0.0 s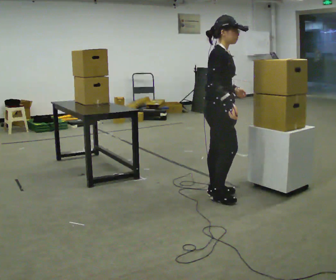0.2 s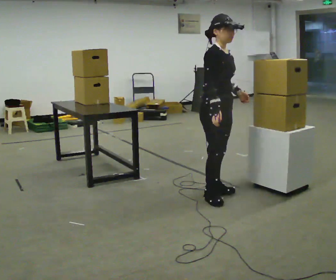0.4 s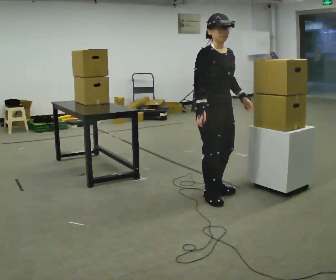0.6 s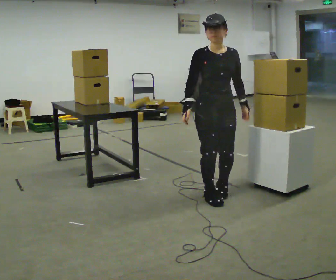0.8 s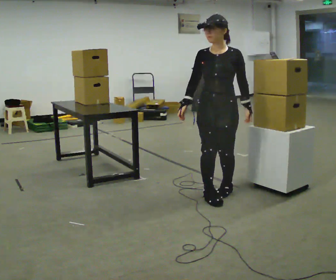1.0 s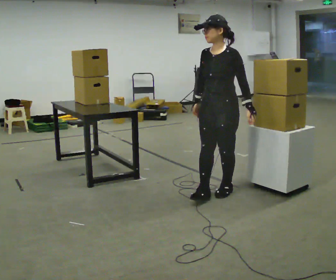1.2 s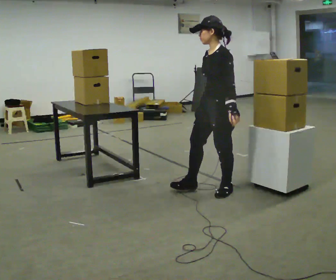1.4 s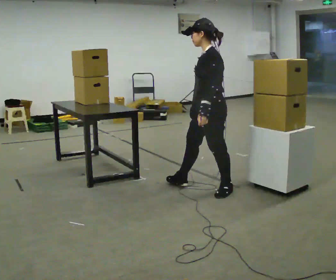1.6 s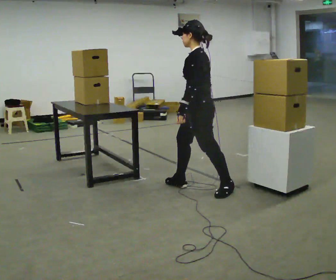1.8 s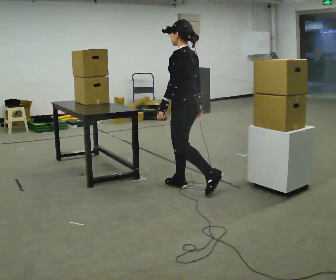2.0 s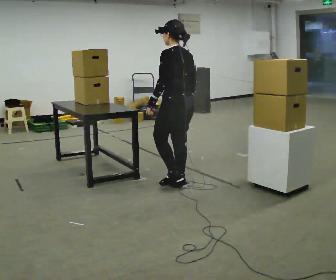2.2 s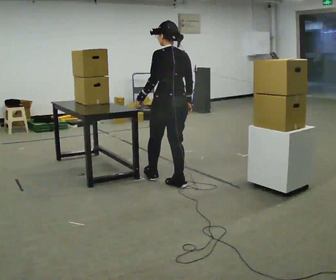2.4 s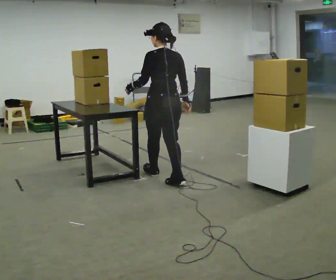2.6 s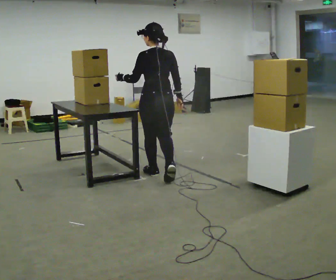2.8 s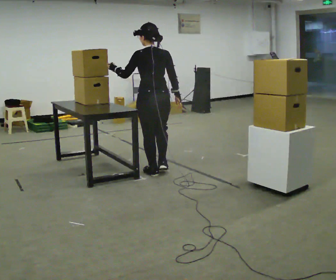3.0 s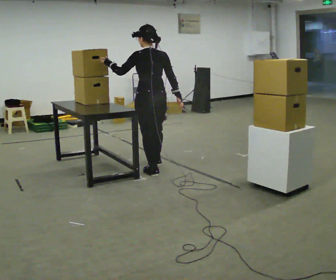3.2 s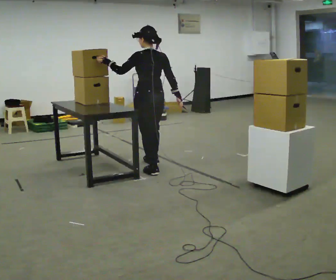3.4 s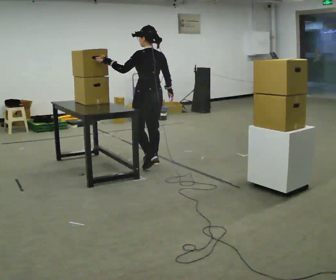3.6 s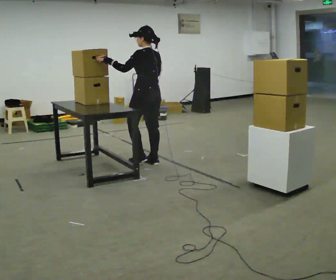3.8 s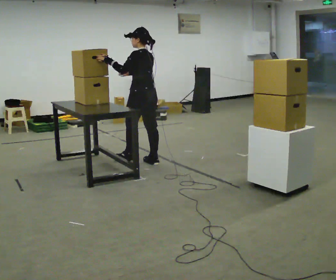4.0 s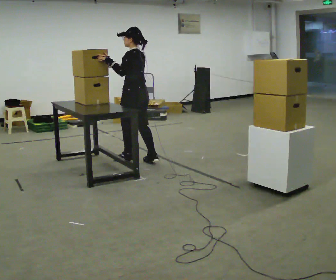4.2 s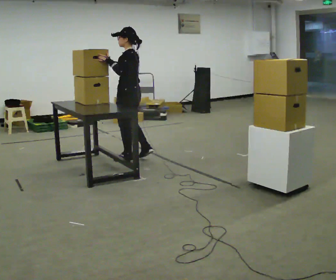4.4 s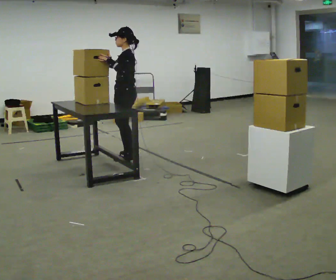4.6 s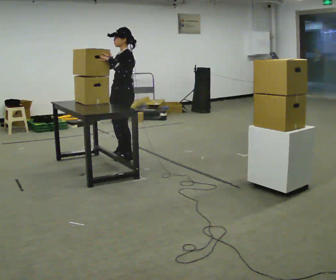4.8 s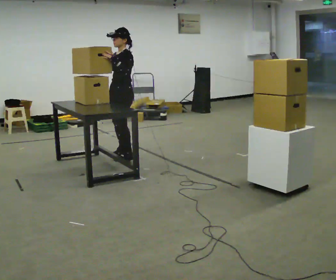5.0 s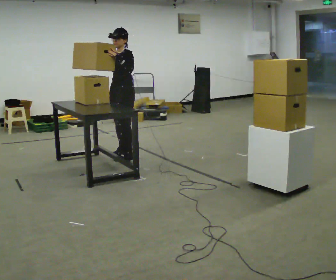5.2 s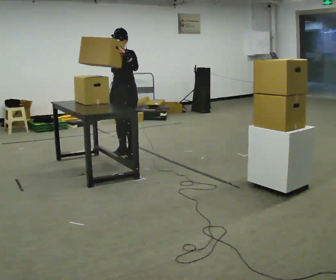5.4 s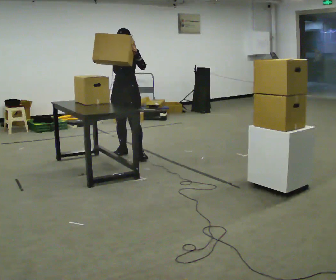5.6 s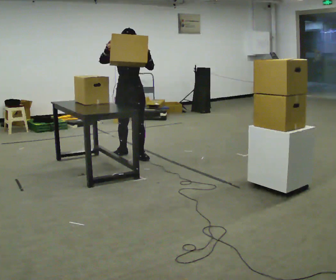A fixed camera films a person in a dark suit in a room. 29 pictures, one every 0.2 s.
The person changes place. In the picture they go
away from the camera.
0.0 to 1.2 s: The person turns about 150 degrees to their right, clockwise seen from above, so the part of the body nearest the lens slides to the left.
1.2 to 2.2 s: The person turns about 90 degrees to their right, clockwise seen from above, so the part of the body nearest the lens slides to the left. In the picture they go to the left and away from the camera, about 0.5 m in 1 step.
2.2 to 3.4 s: In the picture they go away from the camera, about 0.75 m in 2 steps, which for them is forward.
3.4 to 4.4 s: The part of the body nearest the lens slides to the right as the person turns to their left by about 60 degrees. In the picture they go to the left and away from the camera, about 0.5 m in 1 step, which for them is forward. In the picture their right hand goes upward.
4.4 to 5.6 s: Seen from above the body turns counterclockwise, about 90 degrees: to their left, with its near side sliding to the right. In the picture they go away from the camera, about 0.25 m in 1 step.
The film runs forward here.
